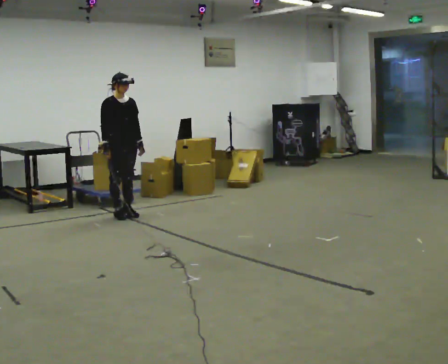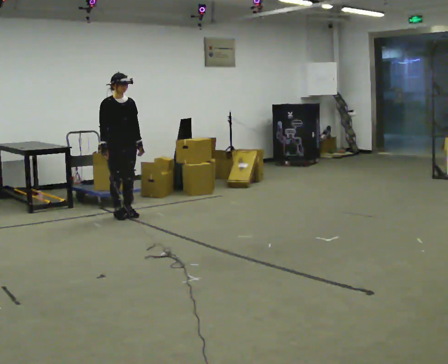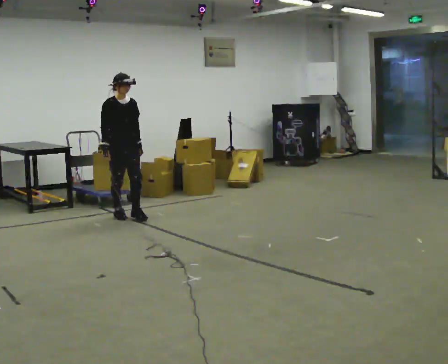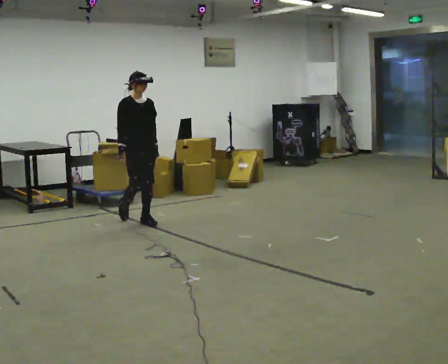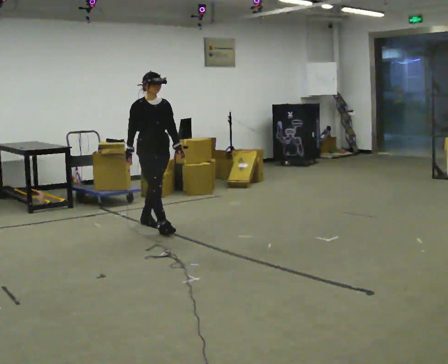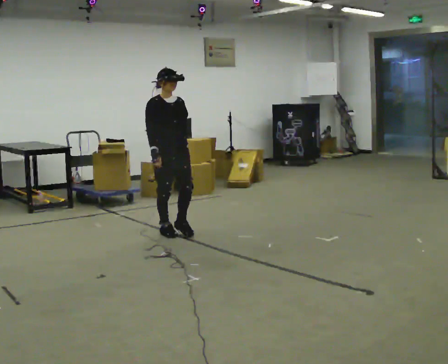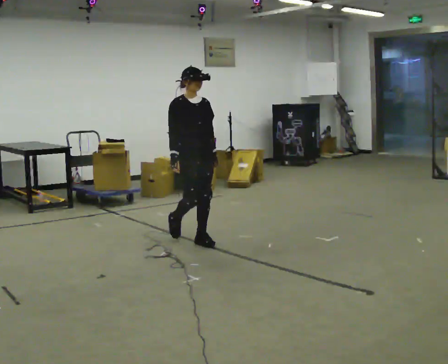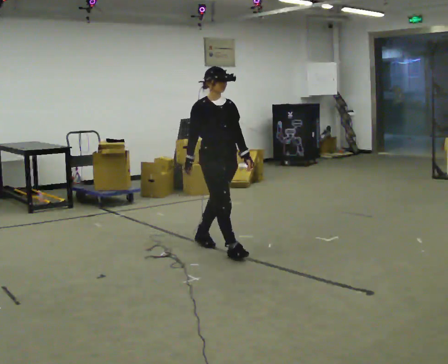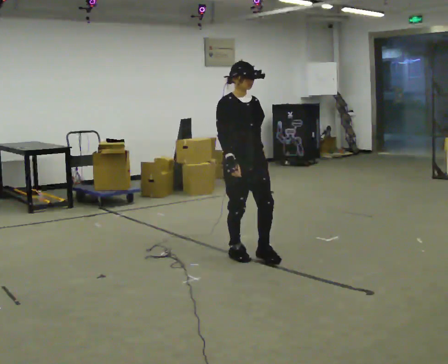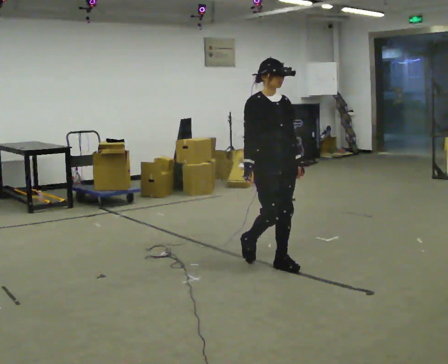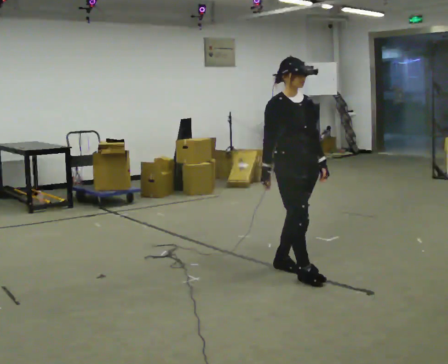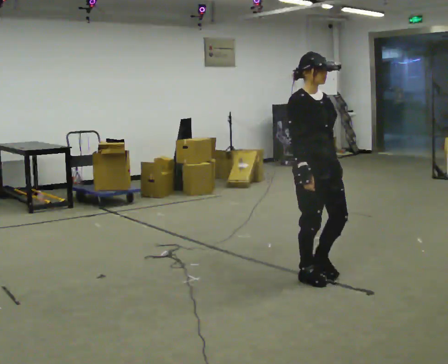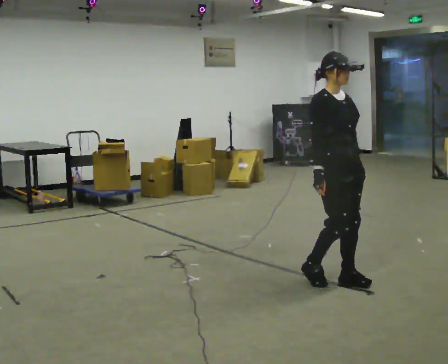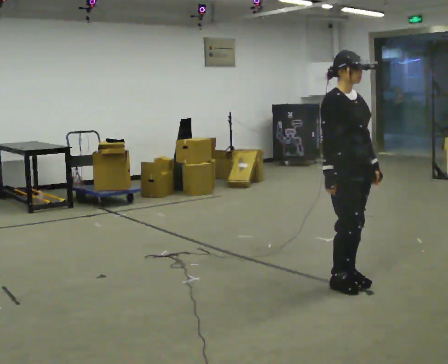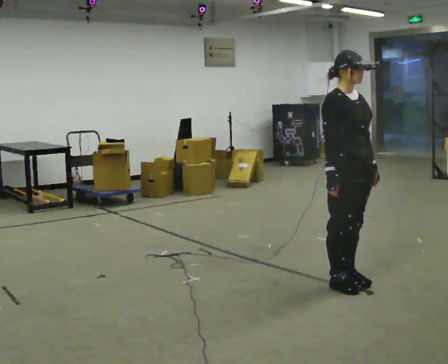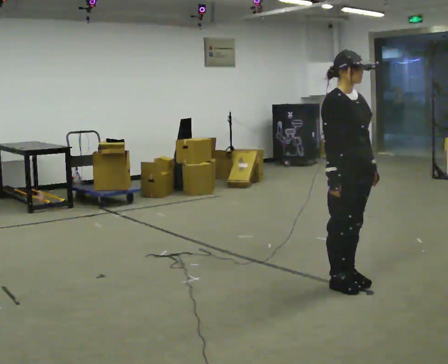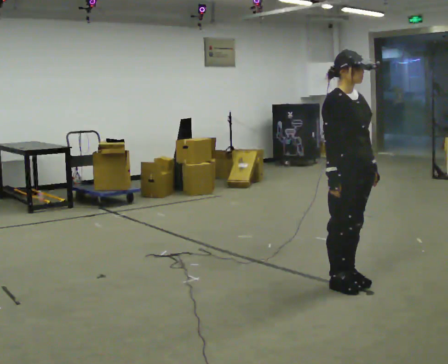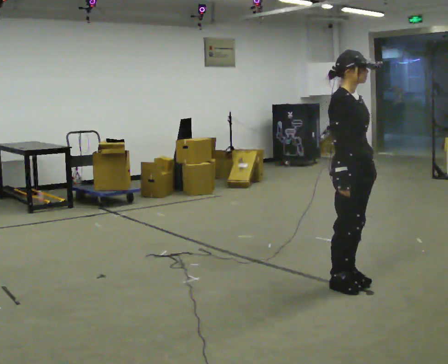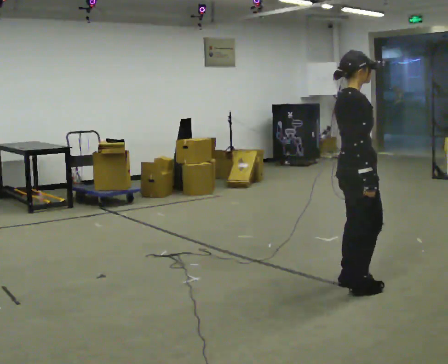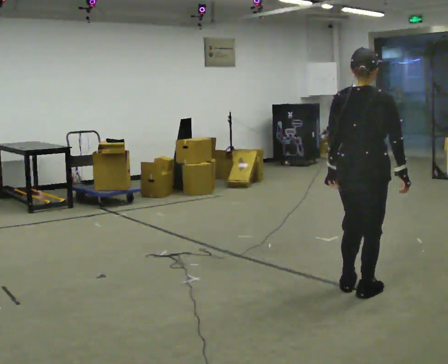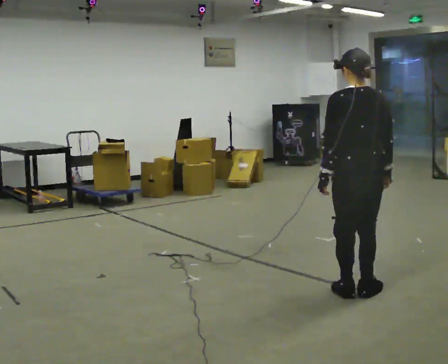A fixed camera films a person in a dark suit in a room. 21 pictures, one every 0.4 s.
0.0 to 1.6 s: In the picture they go toward the camera and to the right, about 0.75 m in 1 step, which for them is forward.
1.6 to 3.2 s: In the picture they go toward the camera and to the right, about 1.5 m in 3 steps, which for them is forward.
3.2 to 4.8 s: In the picture they go to the right and toward the camera, about 1 m in 3 steps, which for them is forward.
4.8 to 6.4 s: The person moves a little, or ends about where they began.
6.4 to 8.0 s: The part of the body nearest the lens slides to the right as the person turns to their left by about 150 degrees. In the picture they go toward the camera, about 0.25 m in 2 steps. In the picture their left hand goes to the left, the arm swinging clockwise.
The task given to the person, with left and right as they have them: Start at normal speed; gradually slow over several steps; stop gently.
The film runs forward here.
